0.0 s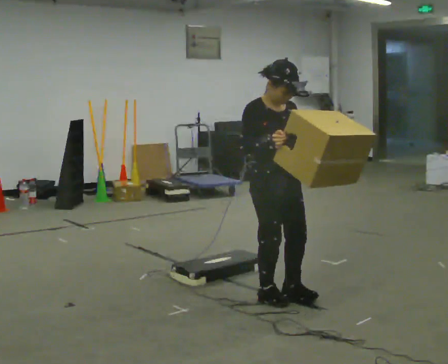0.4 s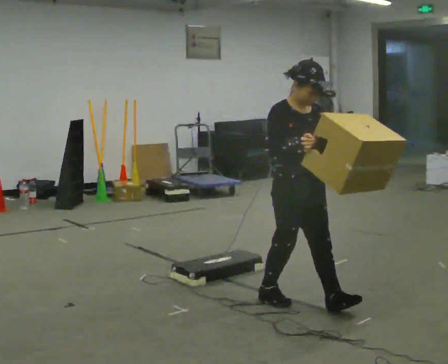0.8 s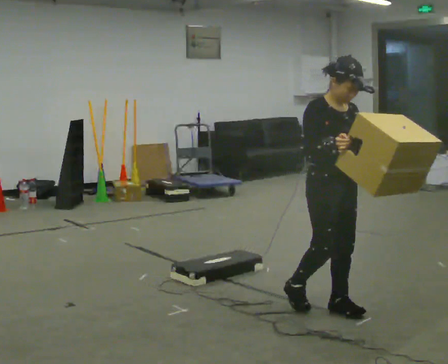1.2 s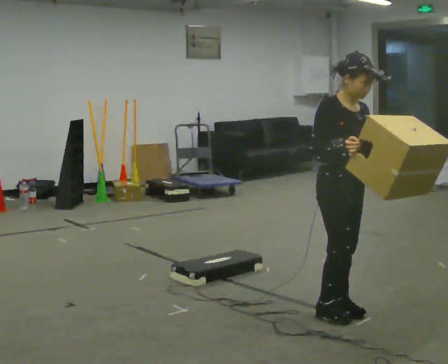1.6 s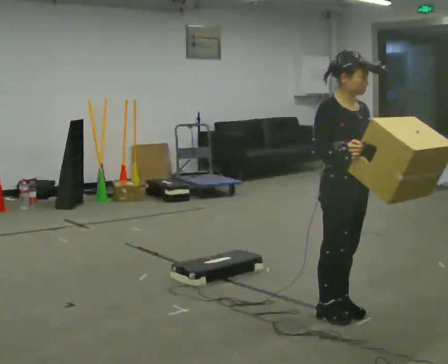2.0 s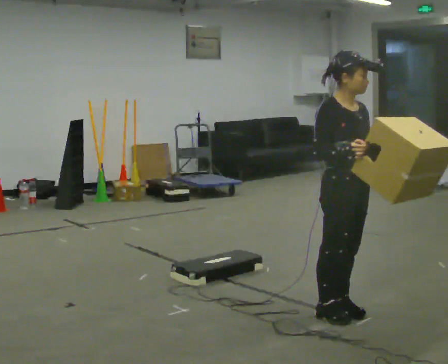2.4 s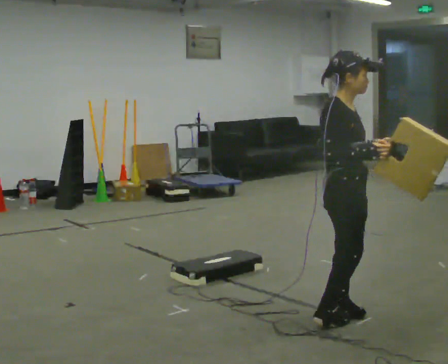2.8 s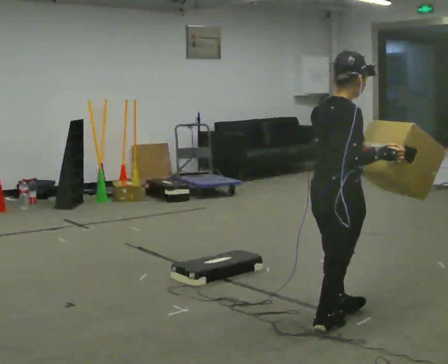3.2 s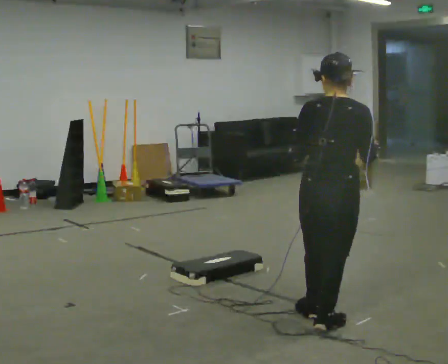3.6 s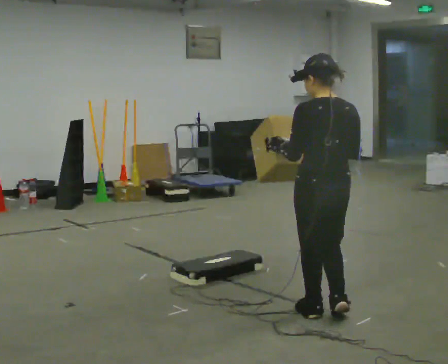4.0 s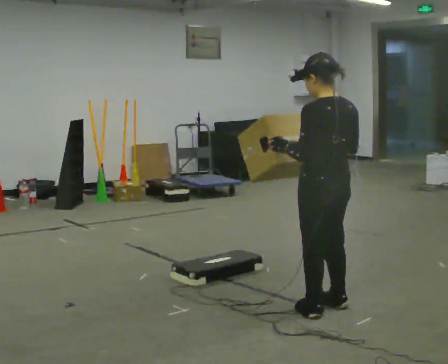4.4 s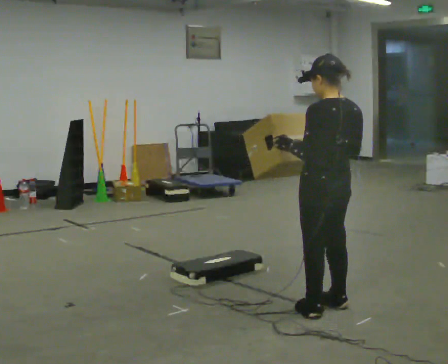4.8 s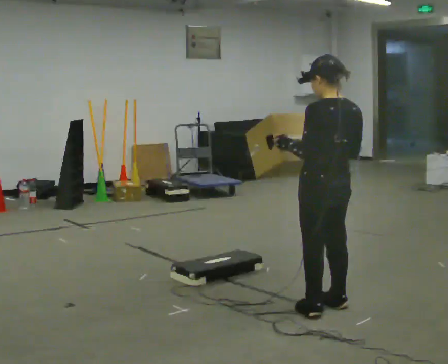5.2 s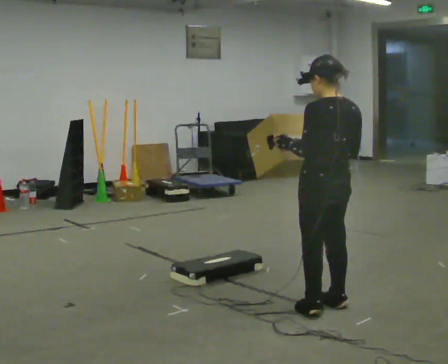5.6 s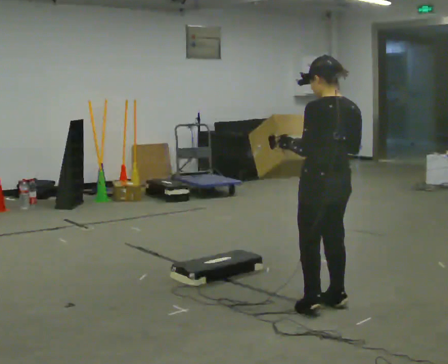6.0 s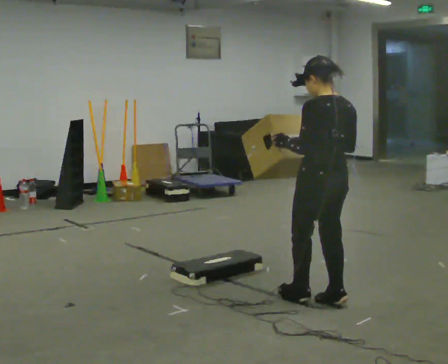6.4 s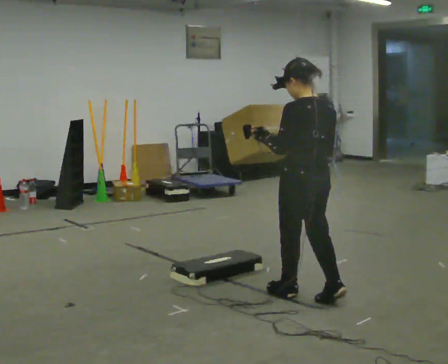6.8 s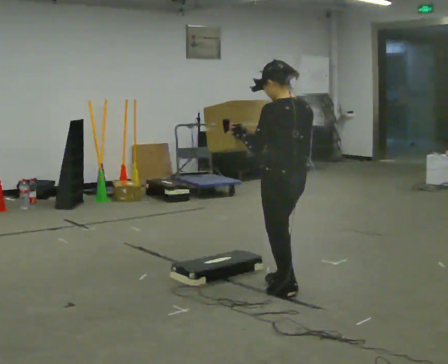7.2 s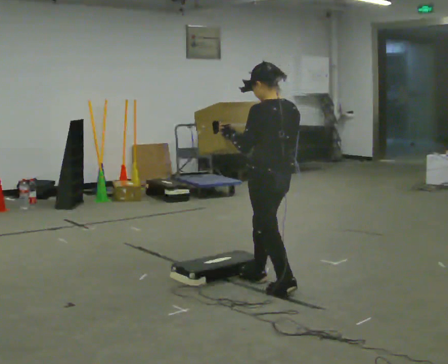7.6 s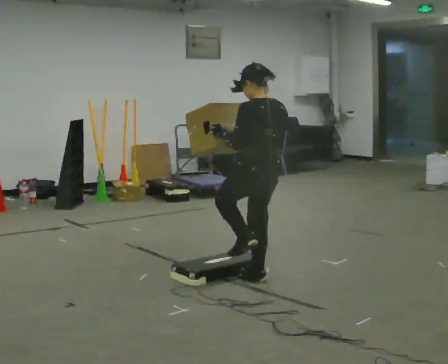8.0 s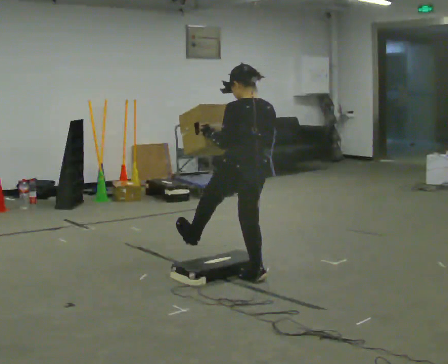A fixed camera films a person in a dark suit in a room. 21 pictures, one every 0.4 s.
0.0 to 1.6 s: In the picture they go to the right and toward the camera, about 0.5 m in 2 steps, which for them is forward.
1.6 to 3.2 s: Seen from above the body turns counterclockwise, about 120 degrees: to their left, with its near side sliding to the right.
3.2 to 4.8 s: The person turns about 45 degrees to their left, counterclockwise seen from above, so the part of the body nearest the lens slides to the right. In the picture they go away from the camera, about 0.25 m in 1 step, which for them is forward and to their right.
4.8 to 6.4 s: In the picture they go away from the camera, about 0.25 m in 1 step, which for them is forward.
6.4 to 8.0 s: In the picture they go to the left and away from the camera, about 0.5 m in 2 steps, which for them is forward.
The film runs forward here.
